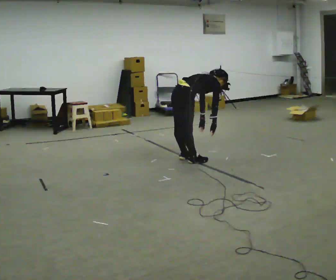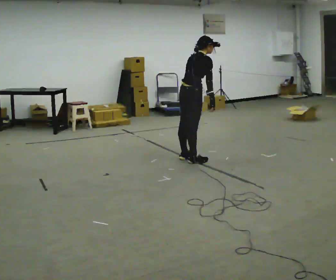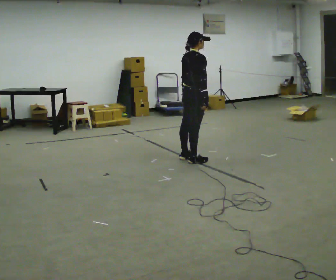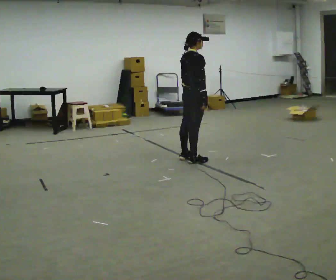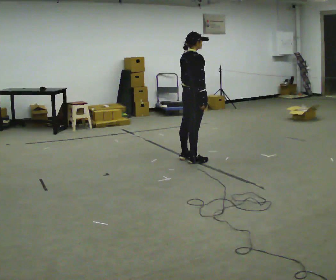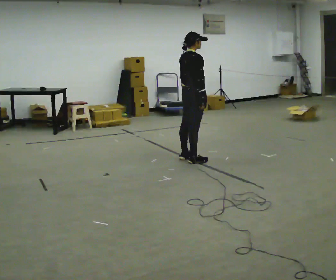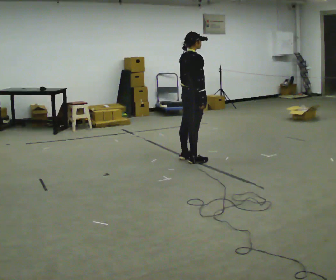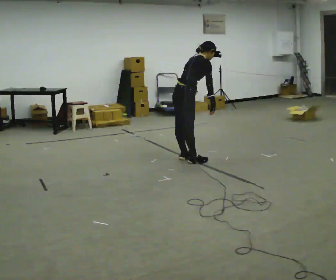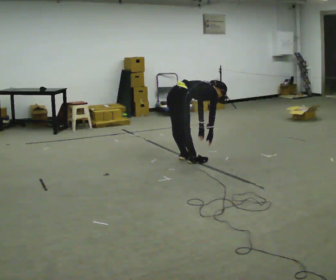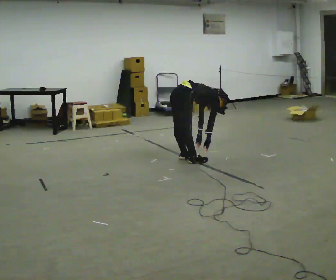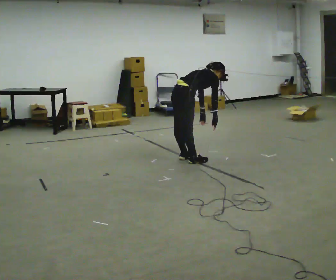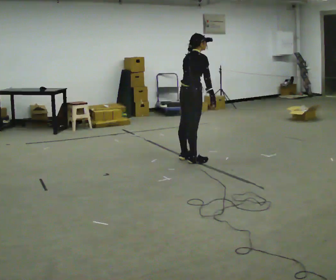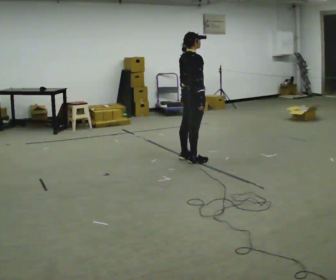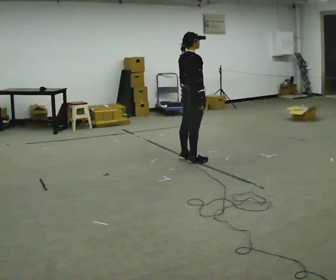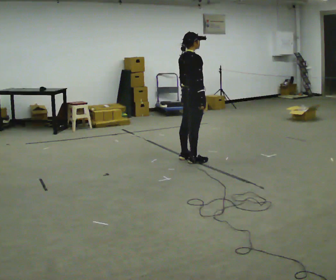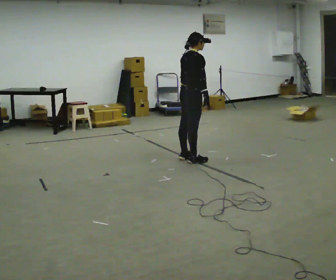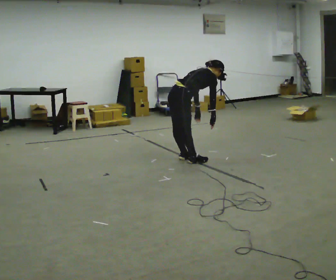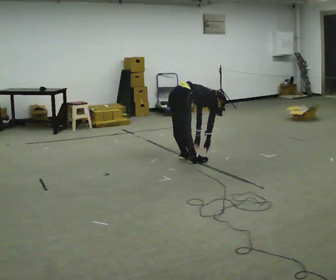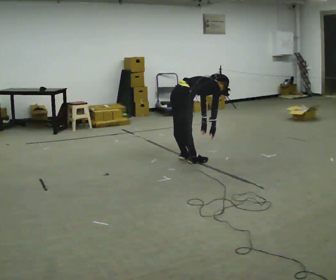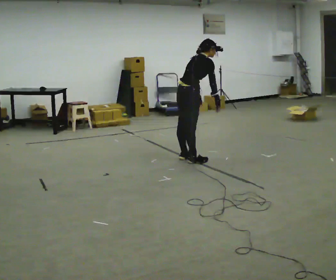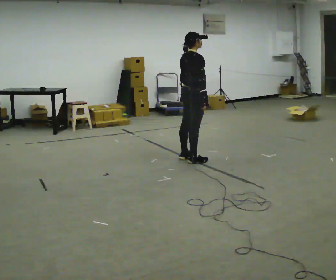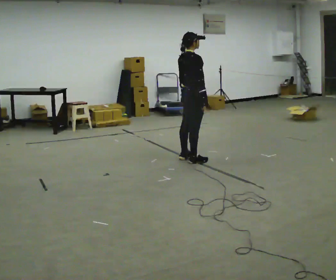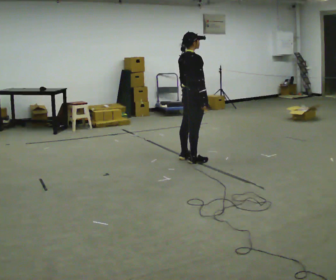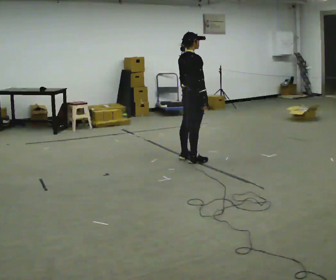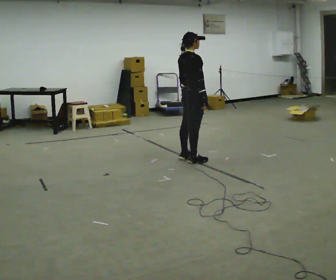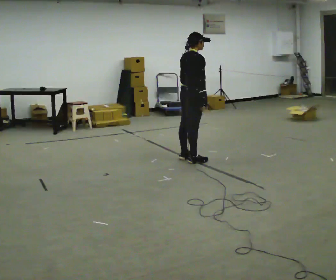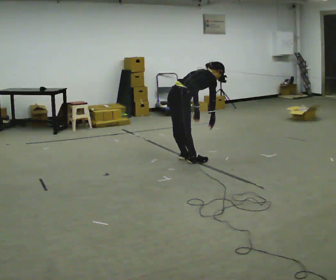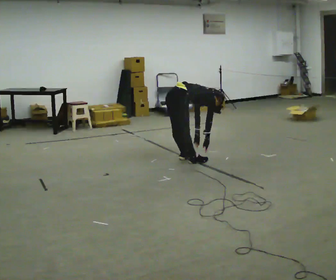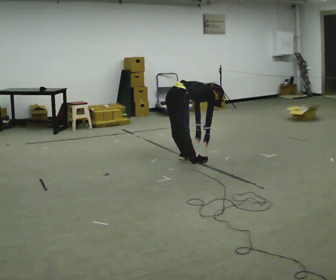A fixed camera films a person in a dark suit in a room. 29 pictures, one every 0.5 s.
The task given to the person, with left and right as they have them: Keeping your feet still, reach down toward the floor in front and to each side, then return to standing. Repeat the movement at your own pace until the operator says stop; do not rush.
0.0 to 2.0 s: The shoulders move upward. In the picture the upper body tilts counterclockwise, shoulders to the left, as they lean back or straighten.
2.0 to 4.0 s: The shoulders move downward. In the picture the upper body tilts clockwise, shoulders to the right, as they bend forward. In the picture their right hand goes downward.
4.0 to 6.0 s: The upper body goes upward. In the picture the upper body tilts counterclockwise, shoulders to the left, as they lean back or straighten. In the picture their right hand goes upward.
6.0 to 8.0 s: The upper body goes downward. In the picture the upper body tilts clockwise, shoulders to the right, as they bend forward.
8.0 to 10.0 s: The person moves a little, or ends about where they began.
10.0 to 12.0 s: The person keeps their place and pose.
12.0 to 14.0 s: In the picture they go to the left, about 0.25 m, which for them is backward. The shoulders move downward. In the picture the upper body tilts clockwise, shoulders to the right, as they bend forward. In the picture their right hand goes downward.
The film runs forward here.
